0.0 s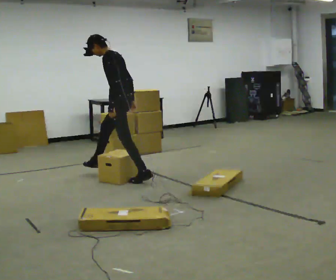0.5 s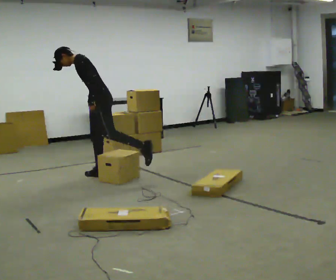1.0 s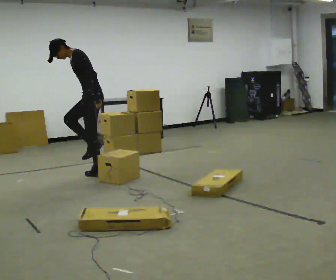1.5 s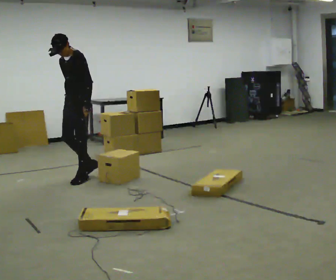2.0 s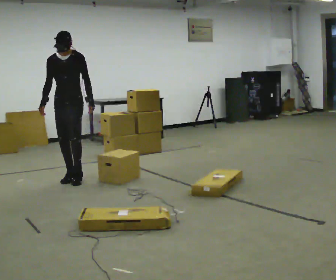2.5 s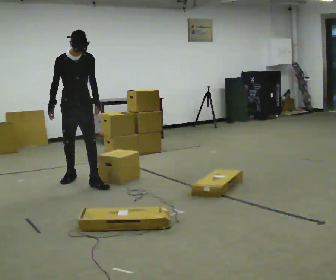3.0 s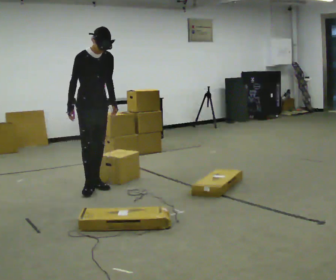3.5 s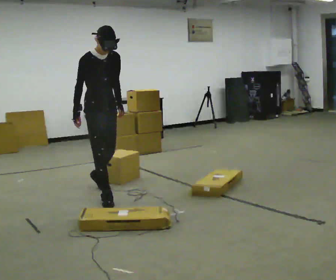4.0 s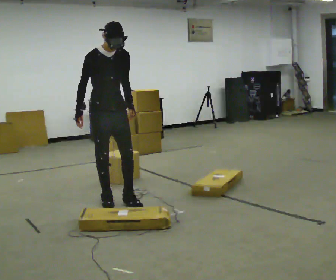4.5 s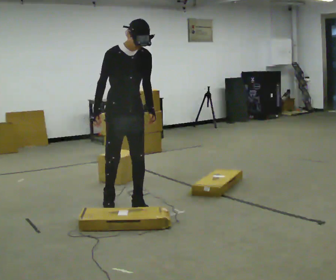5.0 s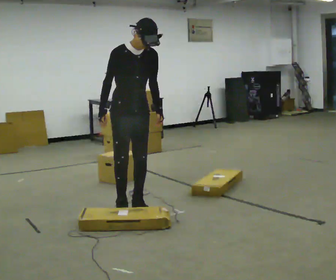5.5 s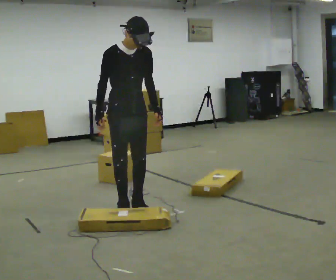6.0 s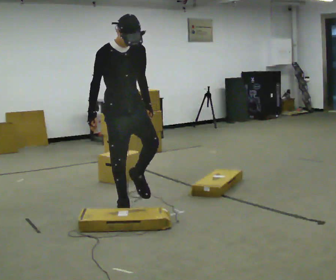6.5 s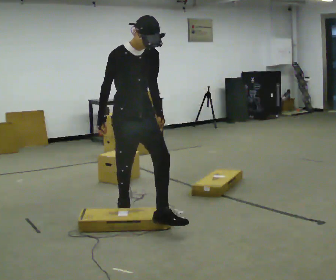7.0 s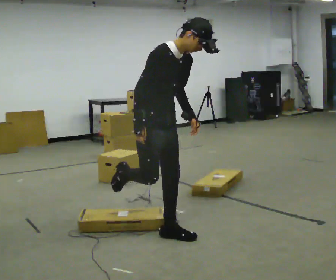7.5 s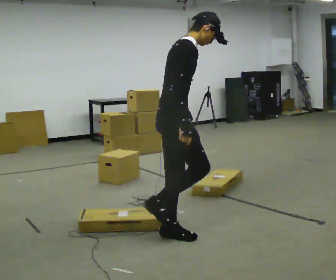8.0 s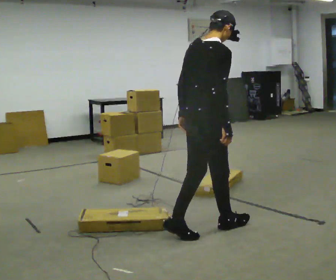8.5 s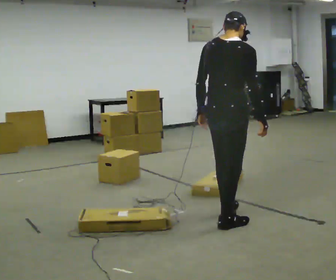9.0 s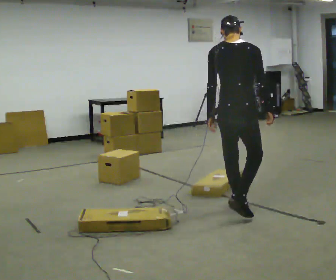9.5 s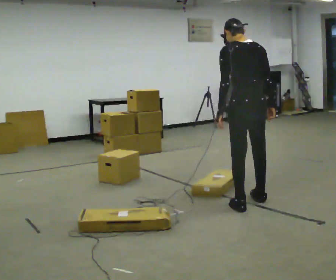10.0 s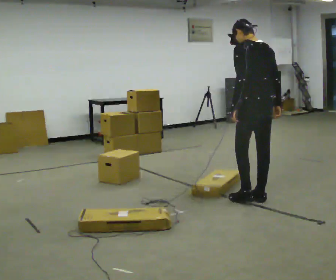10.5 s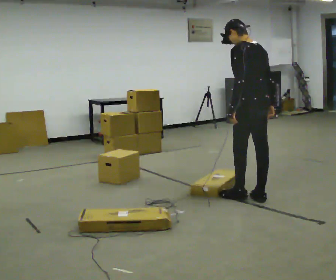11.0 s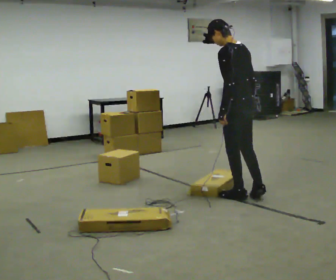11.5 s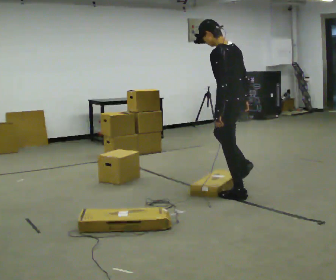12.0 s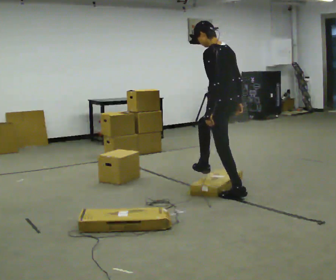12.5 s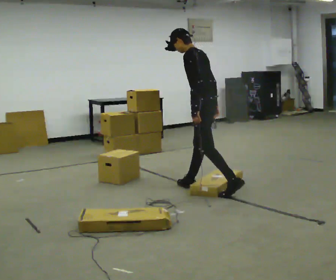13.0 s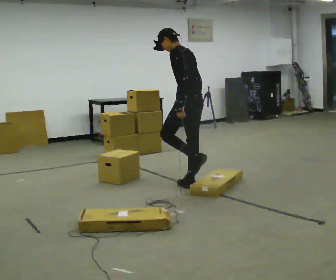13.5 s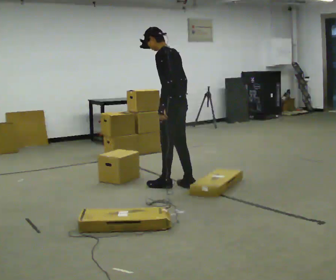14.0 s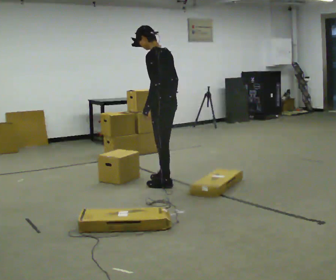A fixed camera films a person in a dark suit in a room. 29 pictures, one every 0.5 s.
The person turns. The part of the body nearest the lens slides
to the right.
The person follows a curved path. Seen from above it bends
counterclockwise.
0.0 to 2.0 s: The person turns about 90 degrees to their left, counterclockwise seen from above, so the part of the body nearest the lens slides to the right. In the picture they go to the left, about 0.5 m in 2 steps.
2.0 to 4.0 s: The person turns about 30 degrees to their left, counterclockwise seen from above, so the part of the body nearest the lens slides to the right. In the picture they go toward the camera and to the right, about 1 m in 2 steps, which for them is forward.
4.0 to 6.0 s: In the picture they go toward the camera and to the right, about 0.5 m in 2 steps, which for them is forward.
6.0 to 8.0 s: The part of the body nearest the lens slides to the right as the person turns to their left by about 105 degrees. In the picture they go to the right and toward the camera, about 1 m in 2 steps.
8.0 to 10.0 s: The person turns about 75 degrees to their left, counterclockwise seen from above, so the part of the body nearest the lens slides to the right. In the picture they go away from the camera and to the right, about 1 m in 2 steps.
10.0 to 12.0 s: Seen from above the body turns counterclockwise, about 30 degrees: to their left, with its near side sliding to the right. In the picture they go away from the camera and to the left, about 0.5 m in 1 step, which for them is forward.
12.0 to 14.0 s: In the picture they go to the left and away from the camera, about 0.75 m in 2 steps, which for them is forward.
The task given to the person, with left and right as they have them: Walk back and forth across the room at a normal pace, looking ahead. There may be something on the floor. Recover however comes naturally and carry on.
The film runs forward here.
